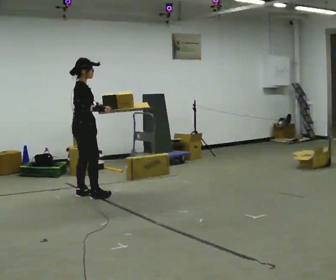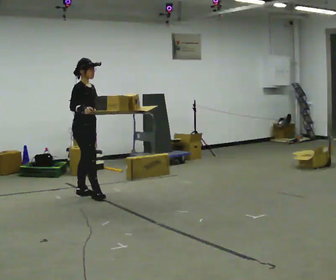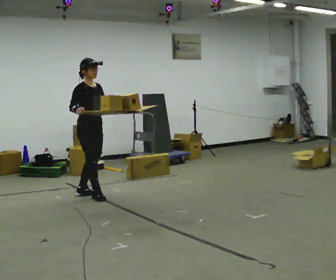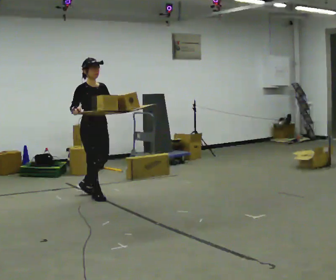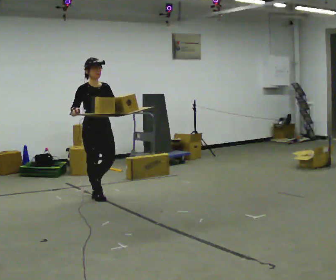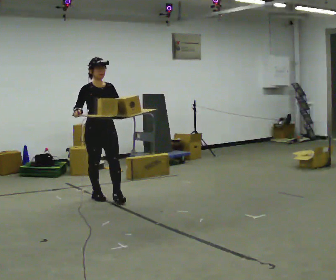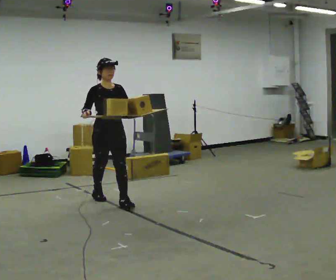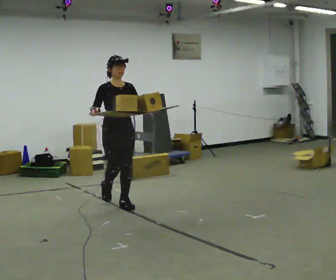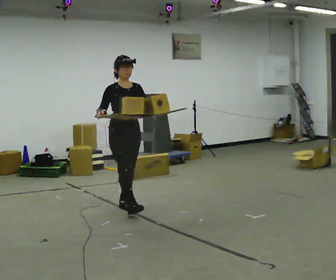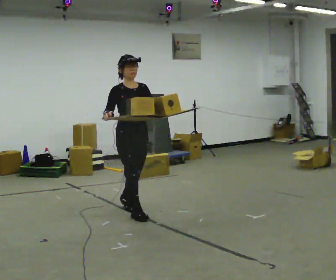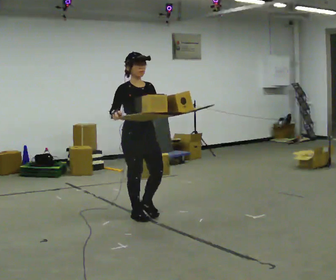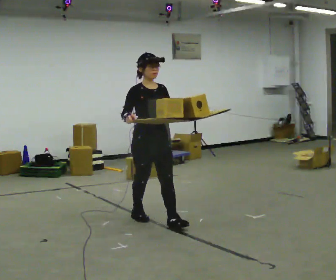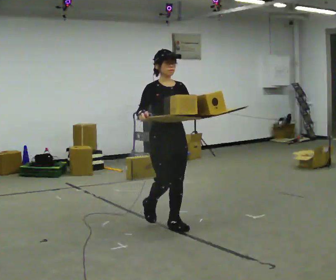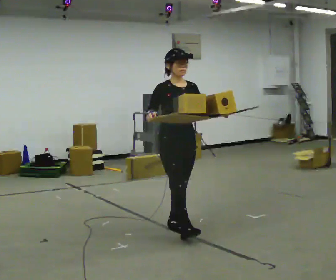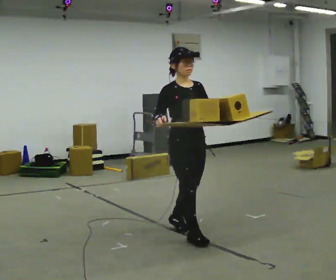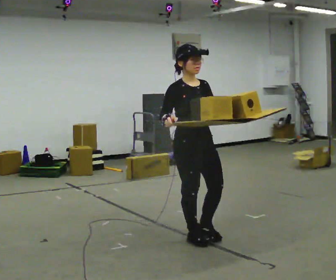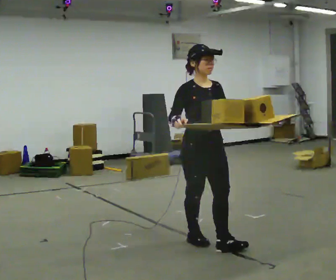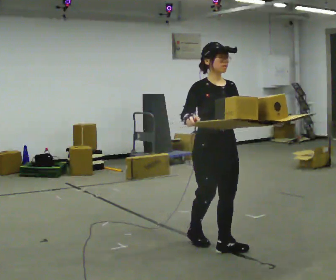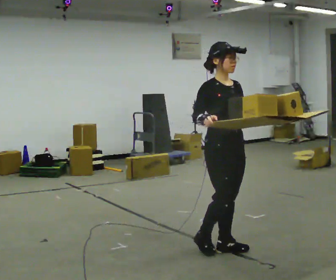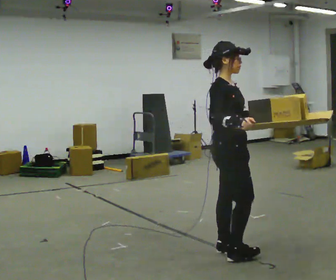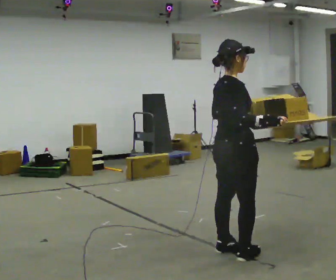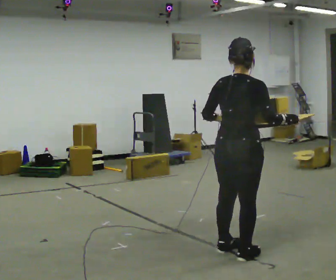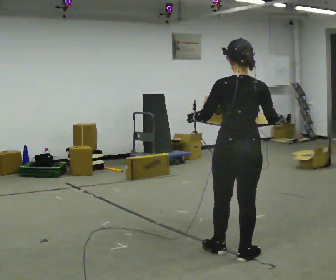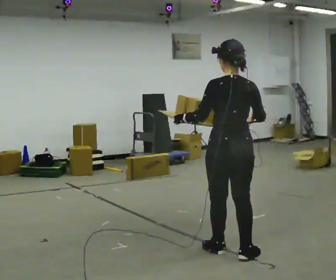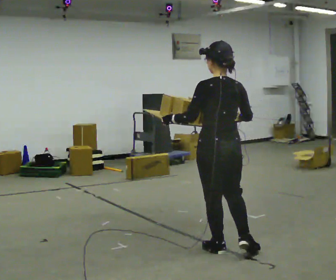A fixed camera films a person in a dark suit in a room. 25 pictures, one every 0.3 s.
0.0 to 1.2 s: The person turns about 60 degrees to their right, clockwise seen from above, so the part of the body nearest the lens slides to the left. In the picture they go to the right, about 0.25 m. In the picture their left hand goes to the right.
1.2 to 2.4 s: In the picture they go toward the camera and to the right, about 0.5 m in 1 step, which for them is forward.
2.4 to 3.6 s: In the picture they go toward the camera and to the right, about 1 m in 2 steps, which for them is forward.
3.6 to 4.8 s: In the picture they go toward the camera and to the right, about 0.5 m in 2 steps, which for them is forward.
4.8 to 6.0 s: The part of the body nearest the lens slides to the right as the person turns to their left by about 90 degrees. In the picture they go toward the camera and to the right, about 0.25 m in 1 step.
6.0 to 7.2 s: Seen from above the body turns counterclockwise, about 90 degrees: to their left, with its near side sliding to the right.
The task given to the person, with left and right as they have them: Carry the loaded tray flat and level in both hands, walking back and forth across the room. Try not to let anything slide off.
The film runs forward here.
